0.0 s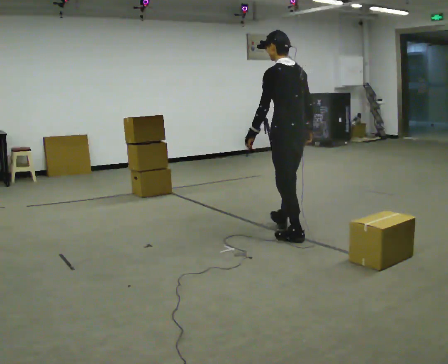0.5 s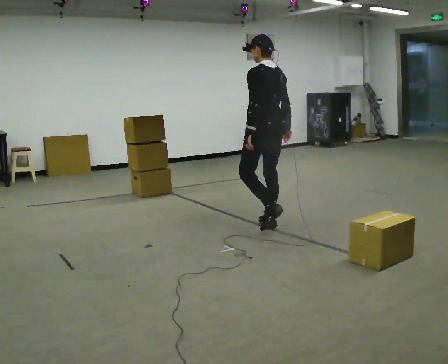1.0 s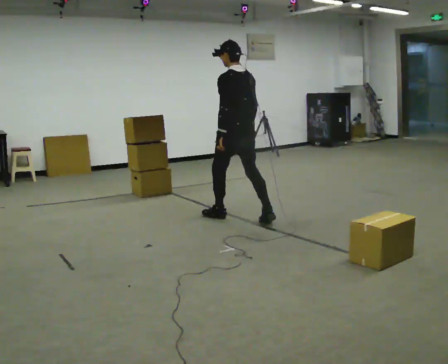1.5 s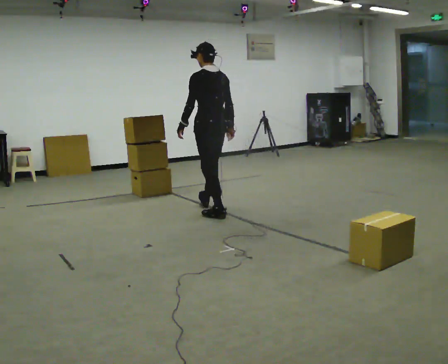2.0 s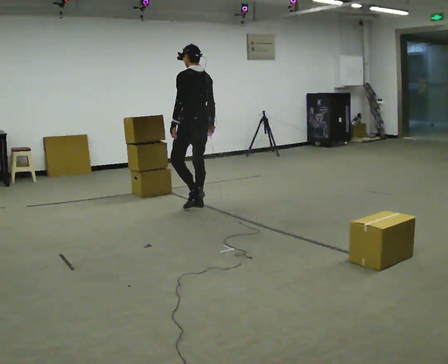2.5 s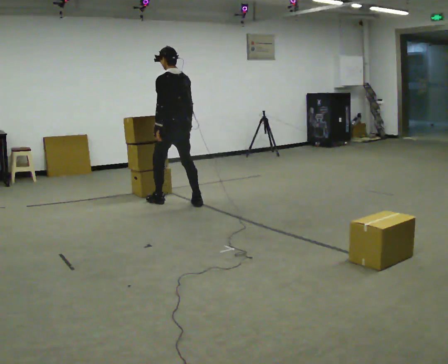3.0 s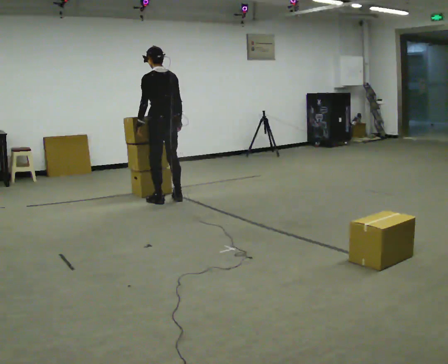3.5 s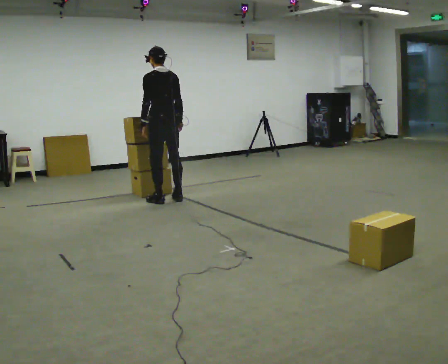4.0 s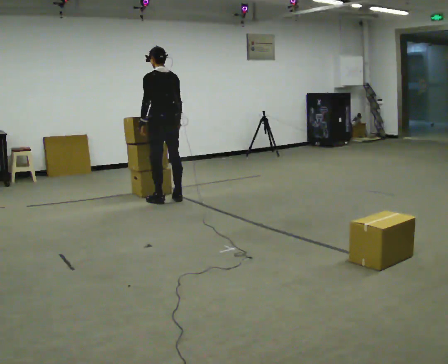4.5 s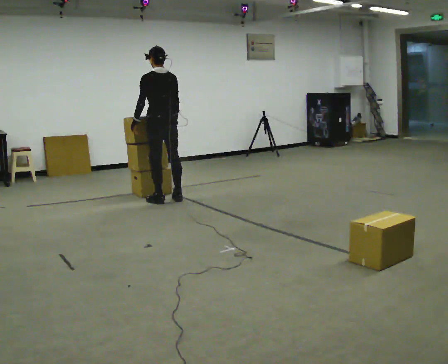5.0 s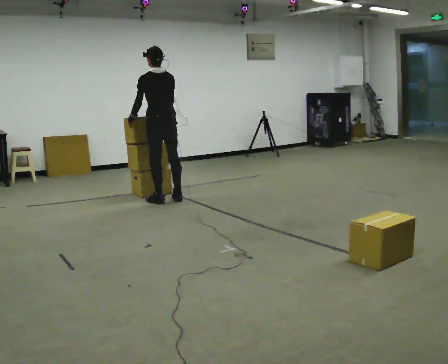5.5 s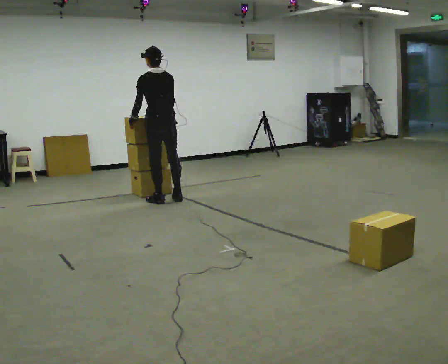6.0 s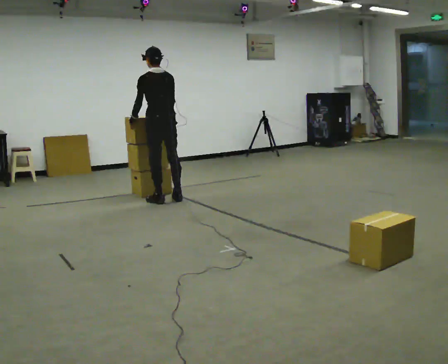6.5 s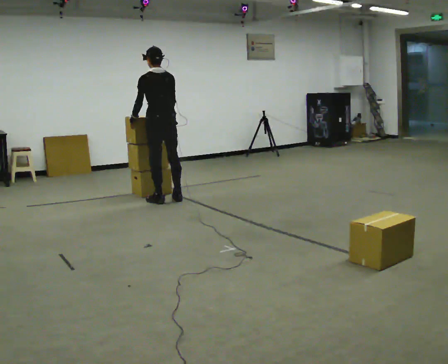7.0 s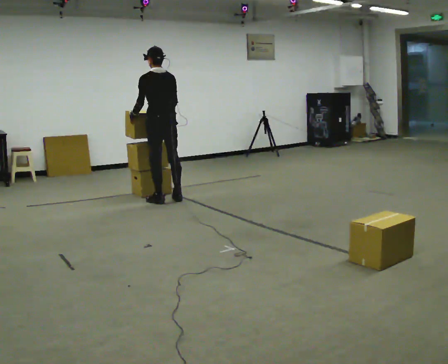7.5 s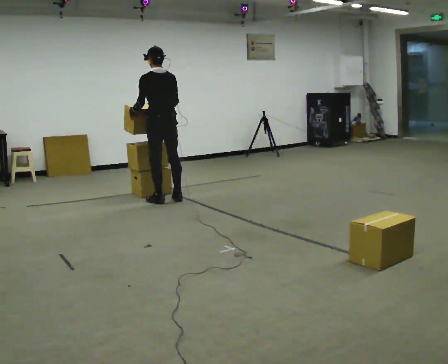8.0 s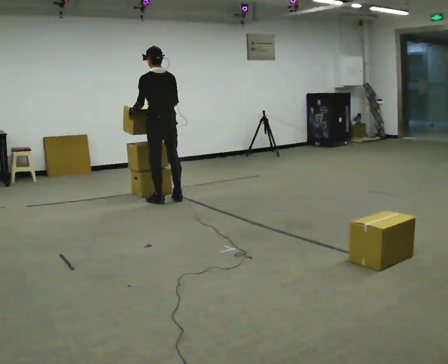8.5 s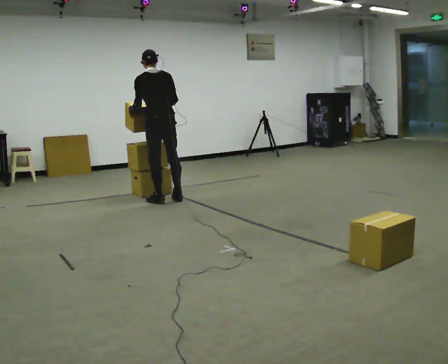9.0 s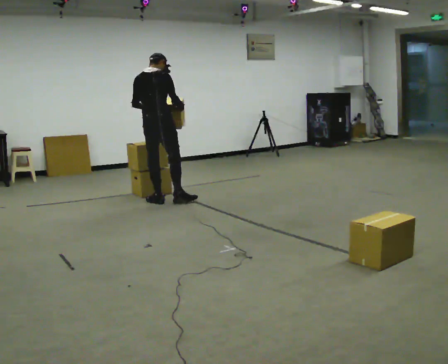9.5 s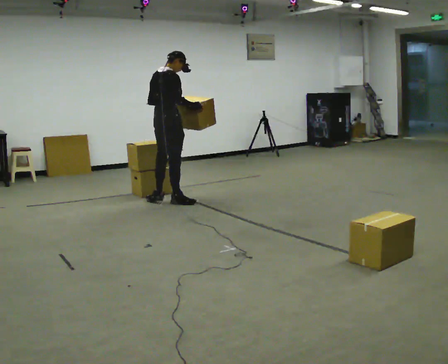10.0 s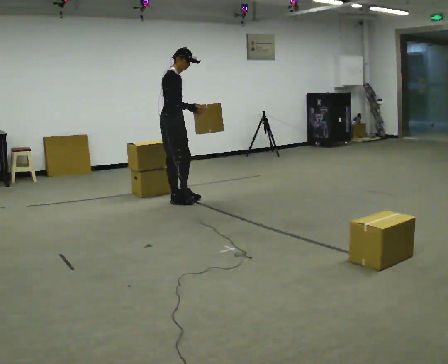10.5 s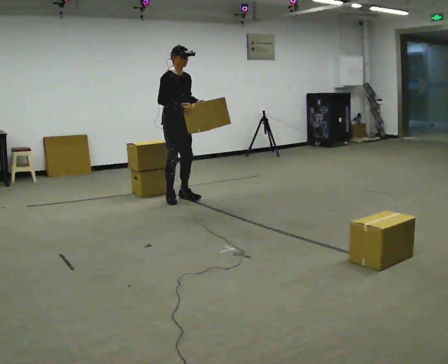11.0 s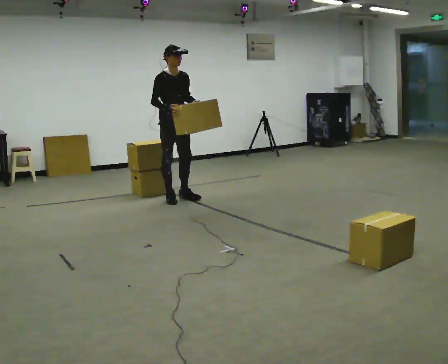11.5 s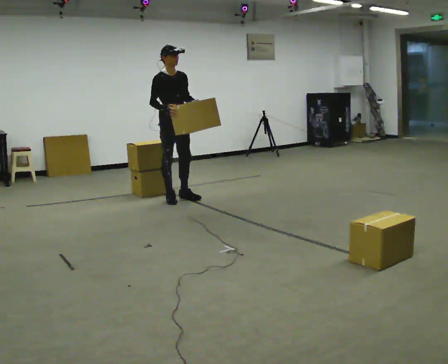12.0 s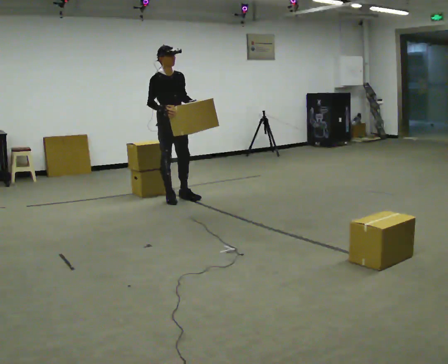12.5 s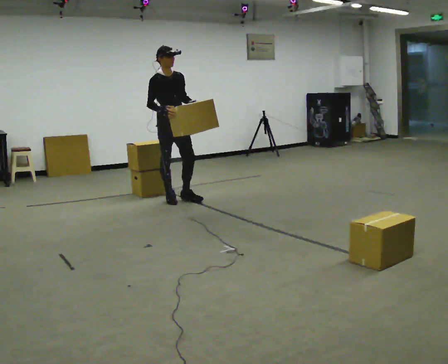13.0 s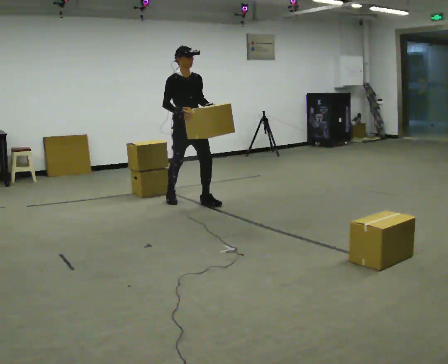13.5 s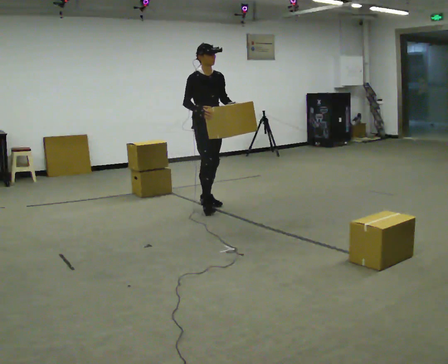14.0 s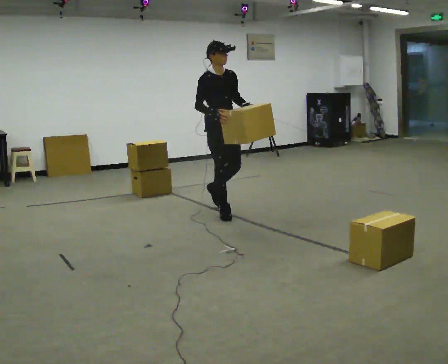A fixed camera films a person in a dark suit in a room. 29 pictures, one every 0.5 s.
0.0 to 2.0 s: In the picture they go away from the camera and to the left, about 1.5 m in 3 steps, which for them is forward.
2.0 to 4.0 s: In the picture they go away from the camera and to the left, about 0.5 m in 2 steps, which for them is forward.
4.0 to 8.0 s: The person moves a little, or ends about where they began.
8.0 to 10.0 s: The part of the body nearest the lens slides to the left as the person turns to their right by about 135 degrees.
10.0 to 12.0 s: Seen from above the body turns clockwise, about 45 degrees: to their right, with its near side sliding to the left.
12.0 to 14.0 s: In the picture they go toward the camera and to the right, about 1 m in 2 steps, which for them is forward.
The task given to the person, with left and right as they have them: Carry the stack of boxes across the room without letting it fall over, then bring it back. Keep going until the operator says stop; one object at a time, and do not rush between trips.
The film runs forward here.
